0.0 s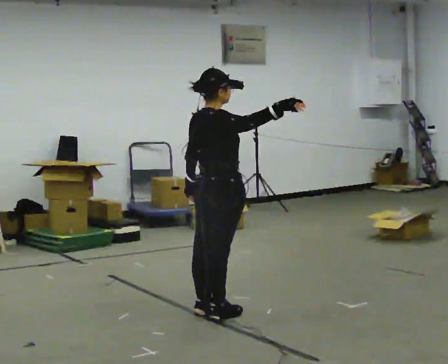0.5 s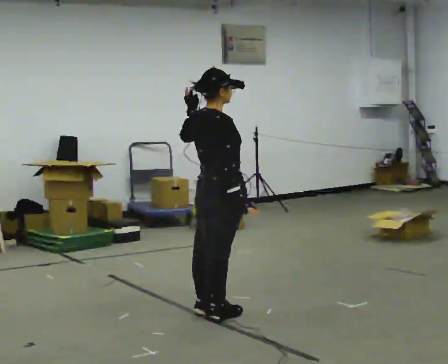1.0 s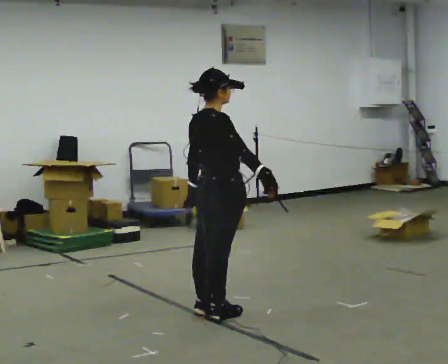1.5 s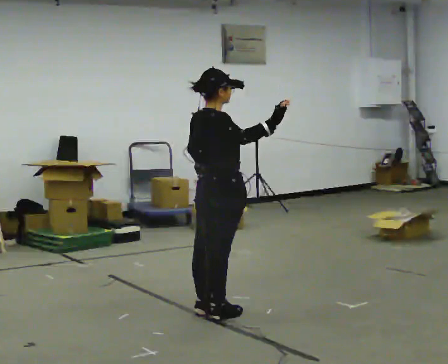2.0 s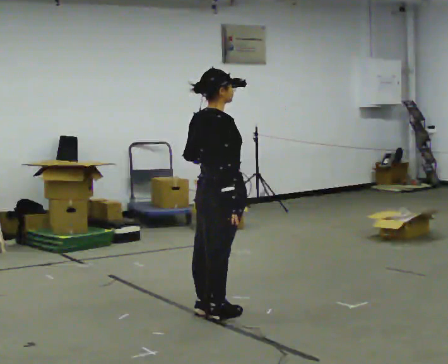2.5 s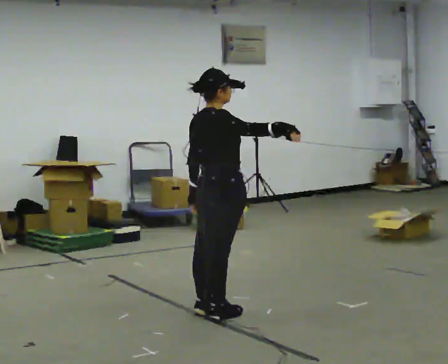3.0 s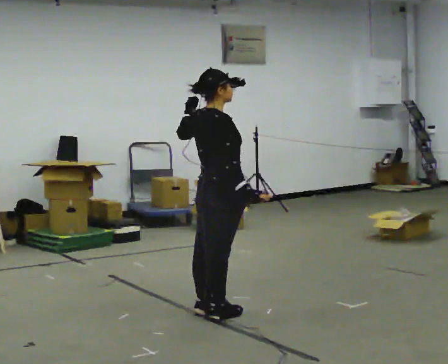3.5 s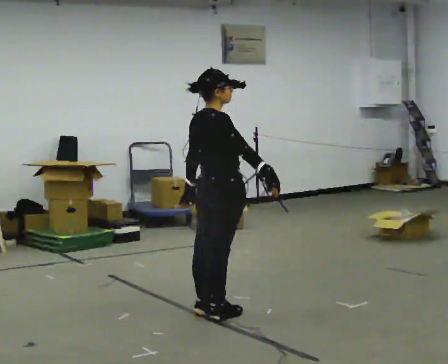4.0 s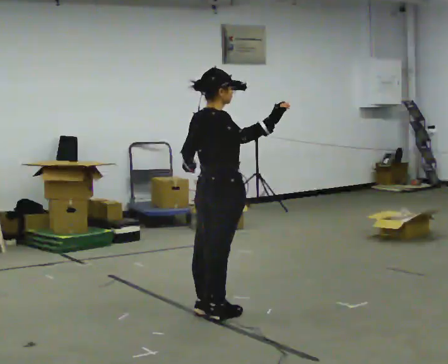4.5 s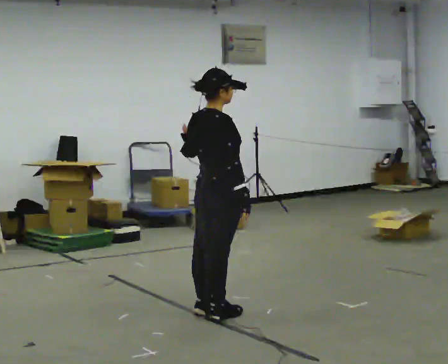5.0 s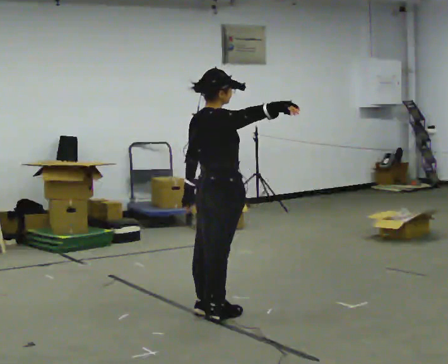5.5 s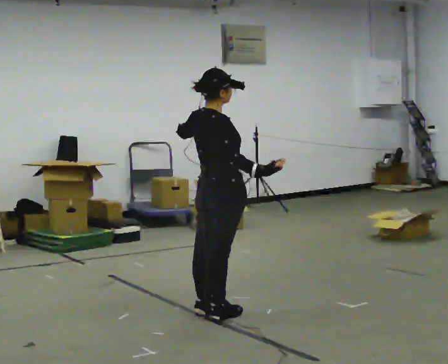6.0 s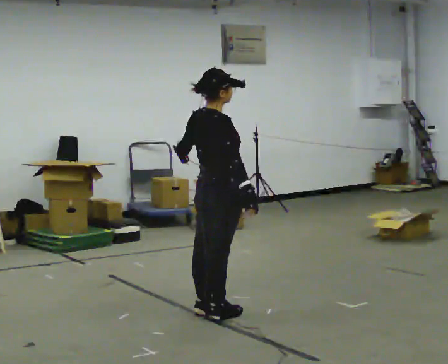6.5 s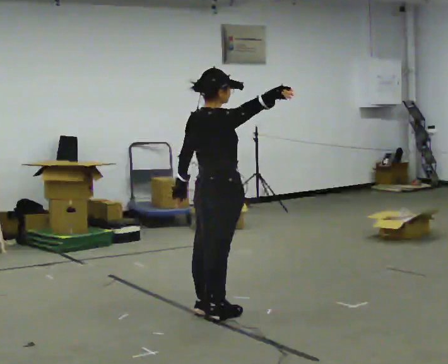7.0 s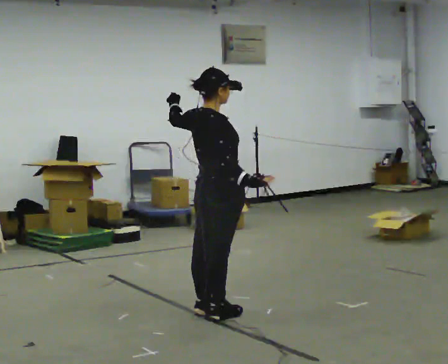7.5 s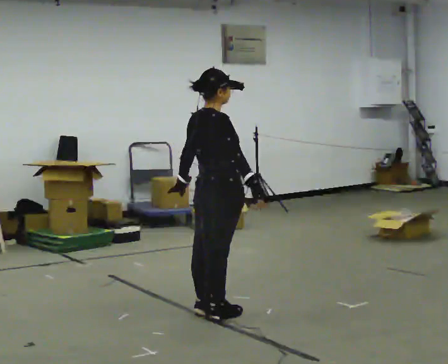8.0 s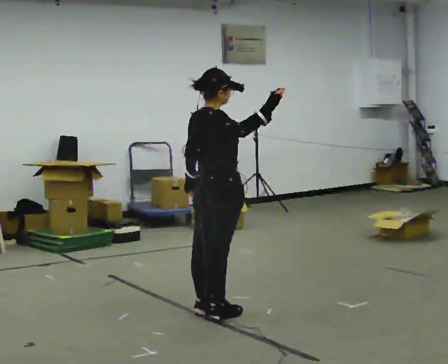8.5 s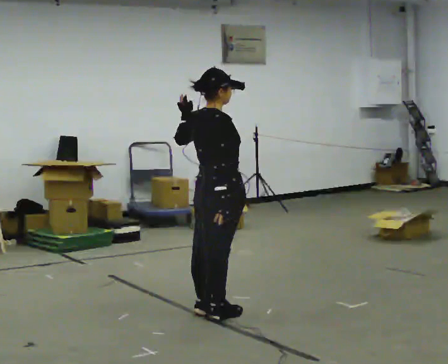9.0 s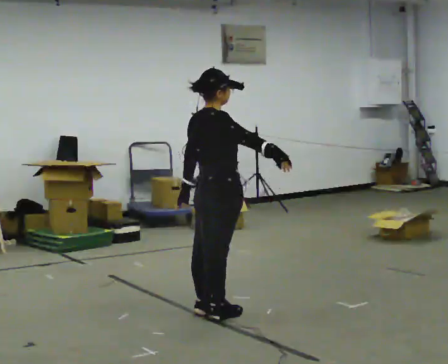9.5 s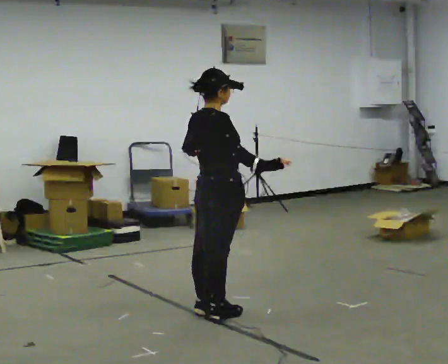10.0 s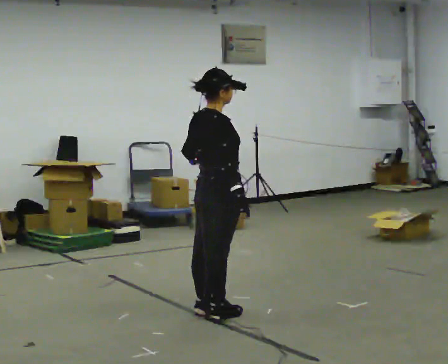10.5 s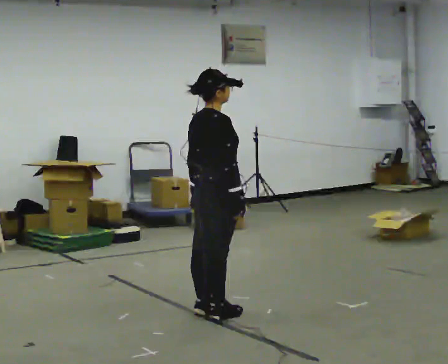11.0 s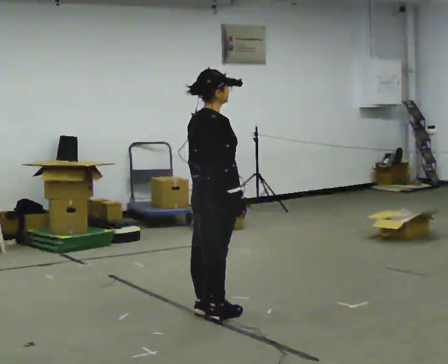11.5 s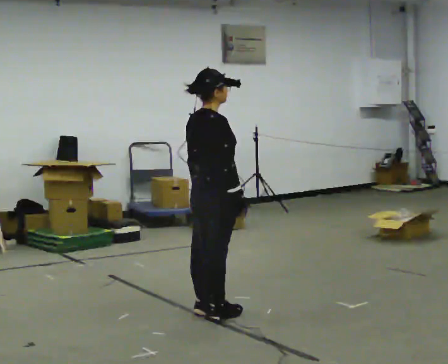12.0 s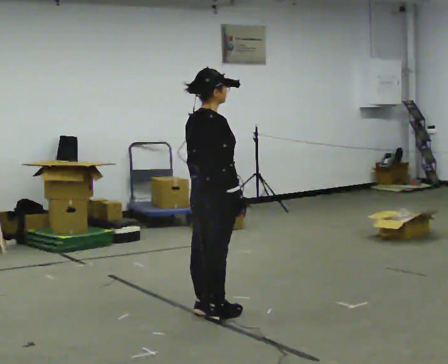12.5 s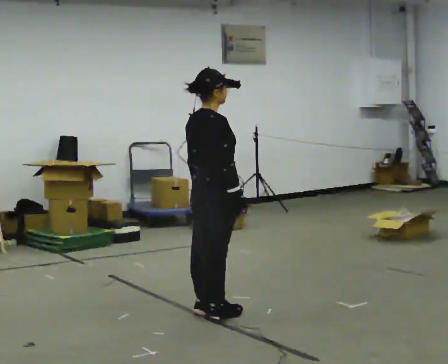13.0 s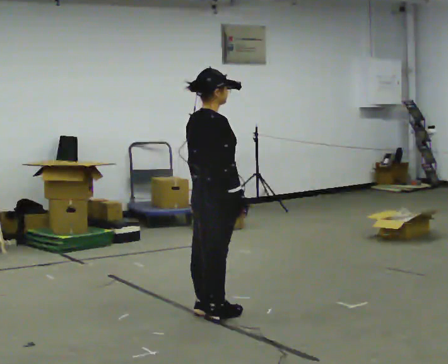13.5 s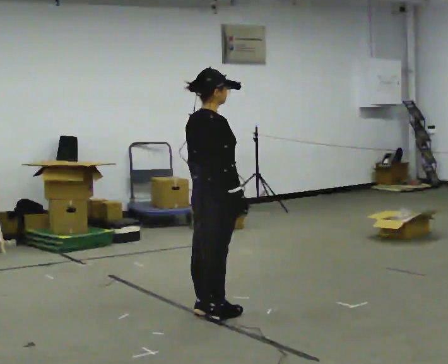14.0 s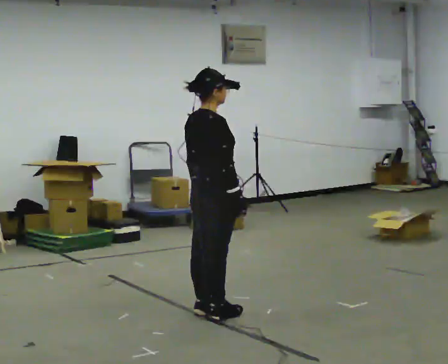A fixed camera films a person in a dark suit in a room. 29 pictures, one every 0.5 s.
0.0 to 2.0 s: In the picture their right hand goes downward.
2.0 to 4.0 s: In the picture their right hand goes upward.
4.0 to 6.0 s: In the picture their right hand goes downward.
6.0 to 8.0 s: In the picture their right hand goes upward.
8.0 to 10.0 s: In the picture their right hand goes downward.
10.0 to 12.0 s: The person moves a little, or ends about where they began.
12.0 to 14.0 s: The person keeps their place and pose.
The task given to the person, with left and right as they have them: Move however you like, changing style and tempo as you go; keep moving continuously.
The film runs forward here.
